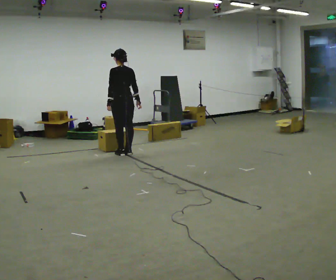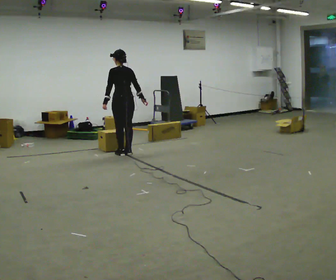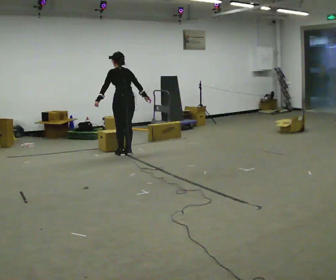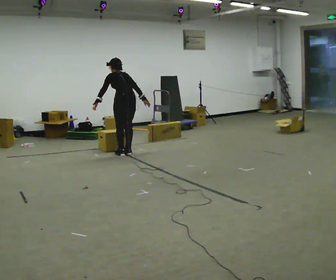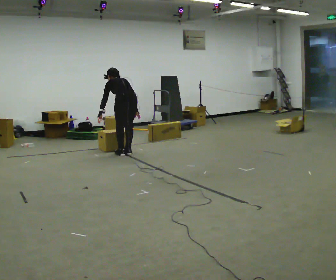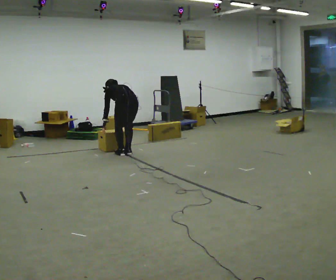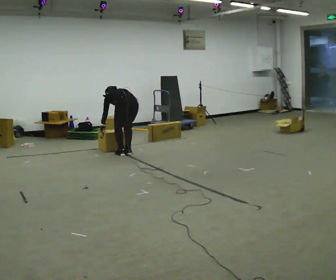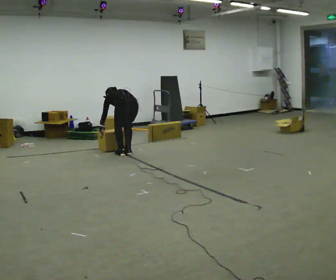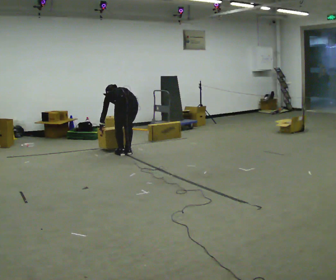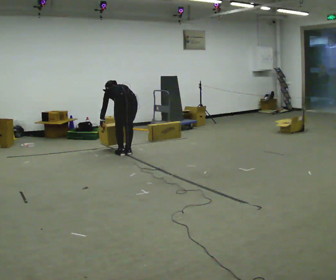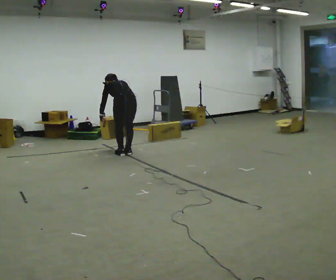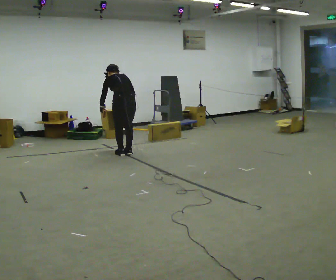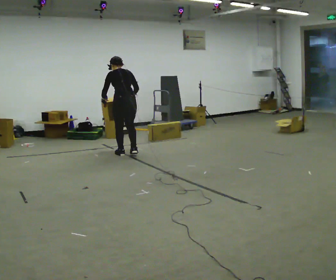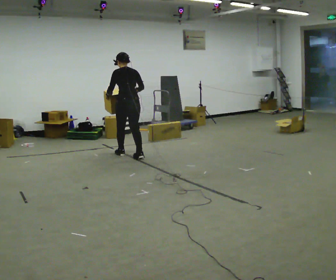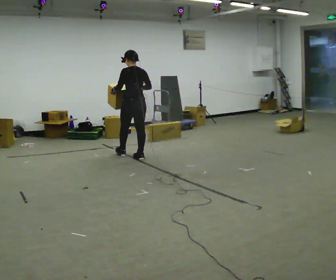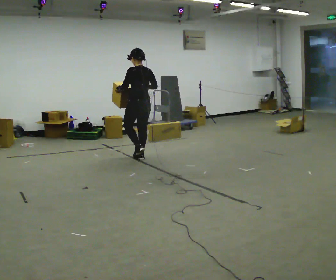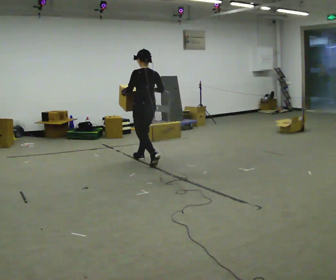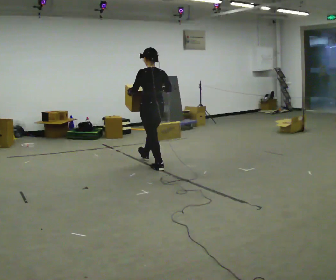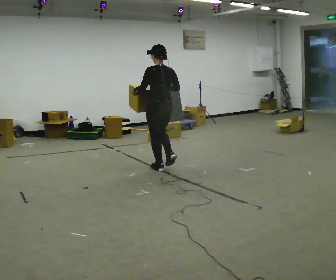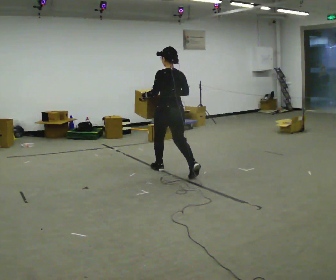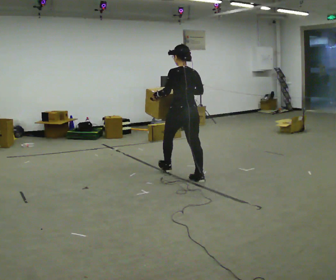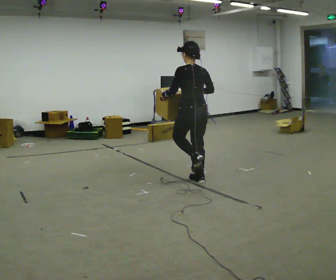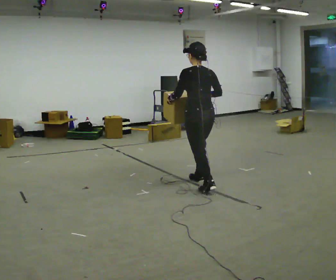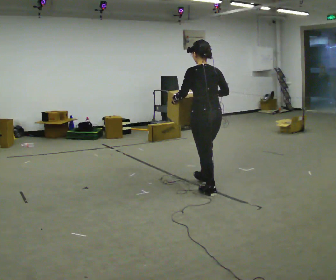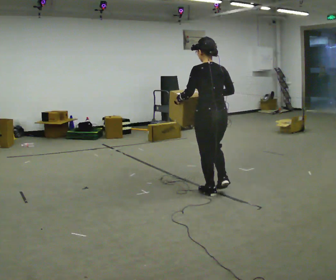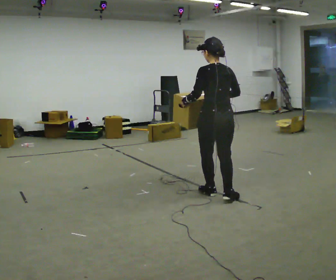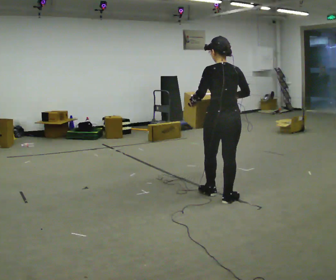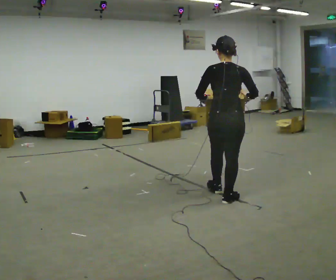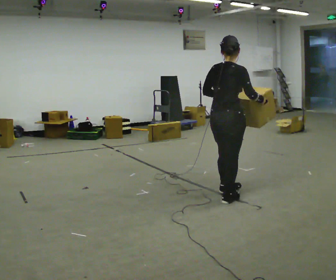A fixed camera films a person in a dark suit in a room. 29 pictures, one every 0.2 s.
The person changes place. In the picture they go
toward the camera.
0.0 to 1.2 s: The upper body goes downward. The upper body tips away from the camera, its near side rolling upward, as they bend forward. In the picture their left hand goes downward.
1.2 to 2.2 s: The upper body goes upward. The upper body tips toward the camera, its near side rolling downward, as they lean back or straighten. In the picture their right hand goes upward.
2.2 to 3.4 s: In the picture they go toward the camera and to the right, about 0.5 m in 2 steps, which for them is backward. The upper body tips toward the camera, its near side rolling downward, as they lean back or straighten.
3.4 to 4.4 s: In the picture they go toward the camera and to the right, about 1 m in 1 step, which for them is backward.
4.4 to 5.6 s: The person turns about 75 degrees to their right, clockwise seen from above, so the part of the body nearest the lens slides to the left. In the picture they go toward the camera and to the right, about 0.5 m in 1 step.
The film runs backward here.
